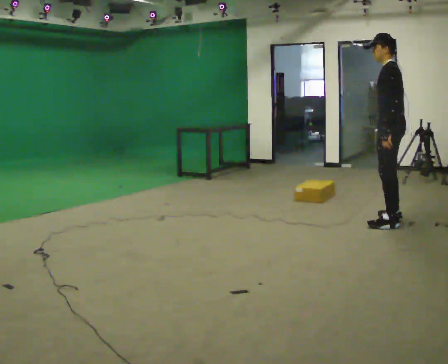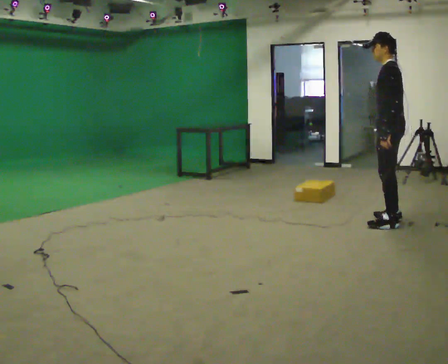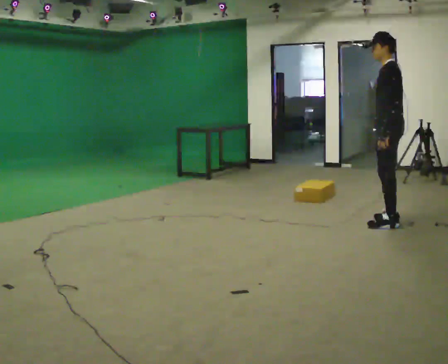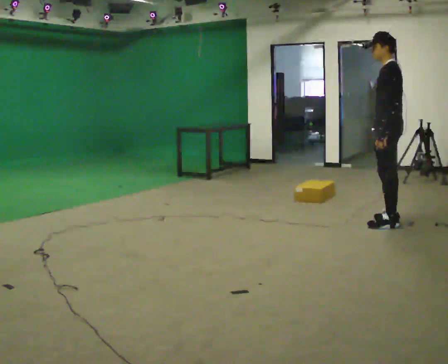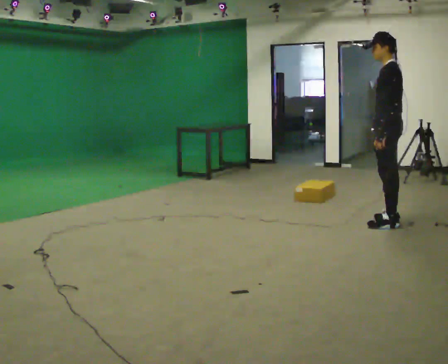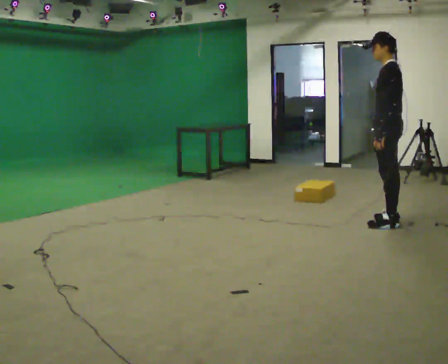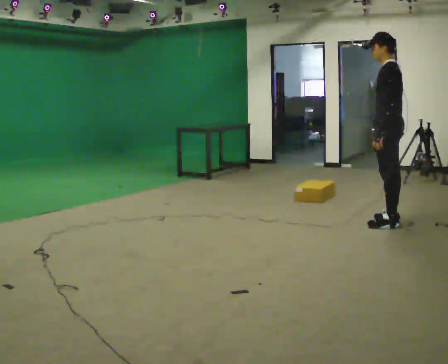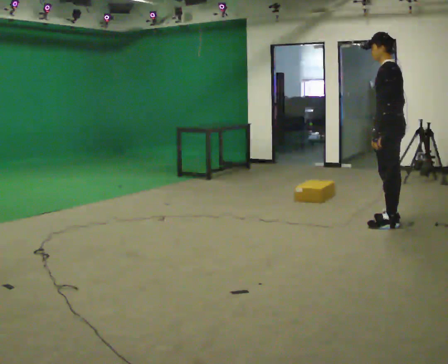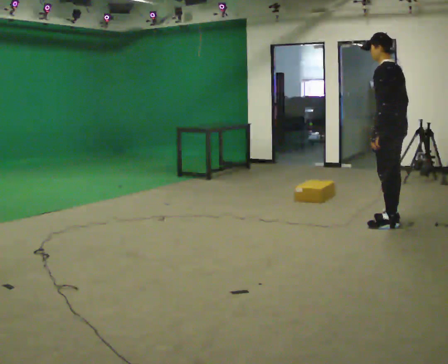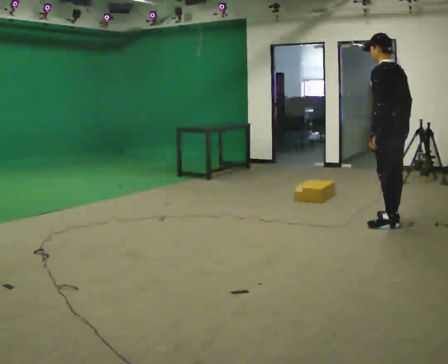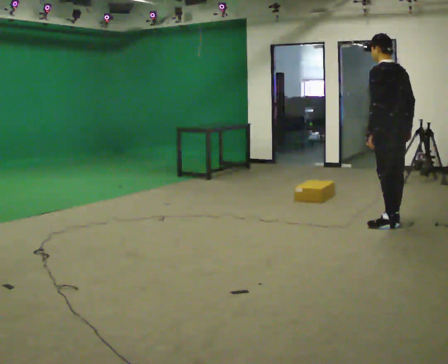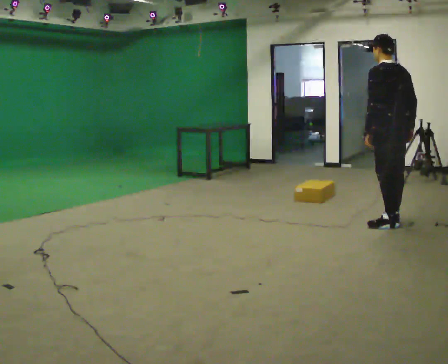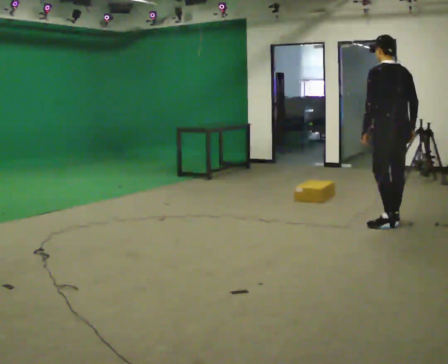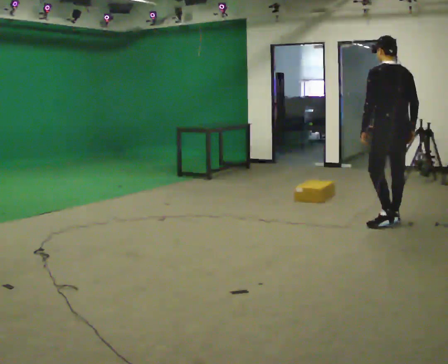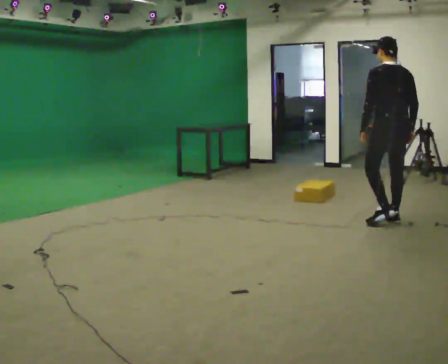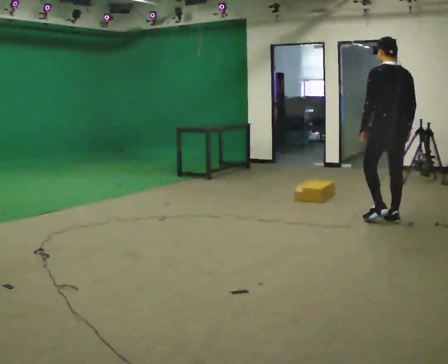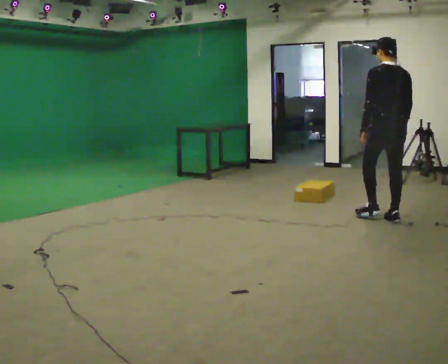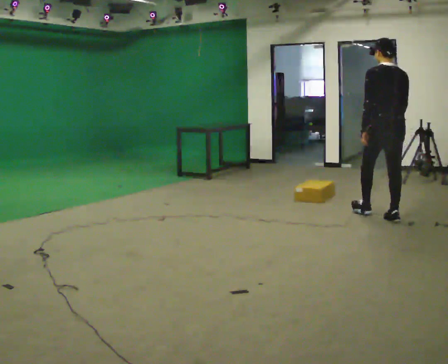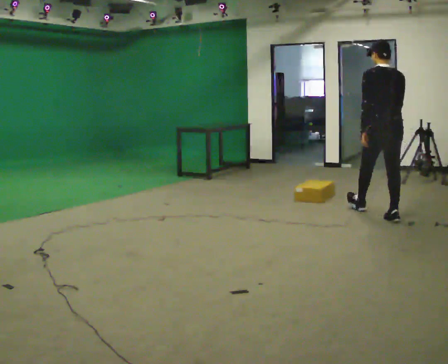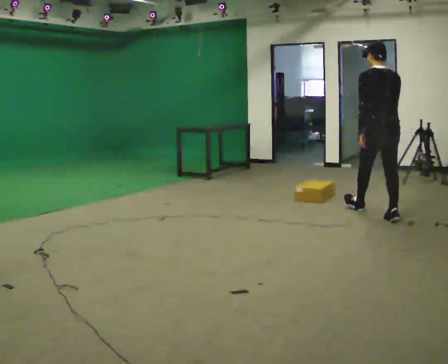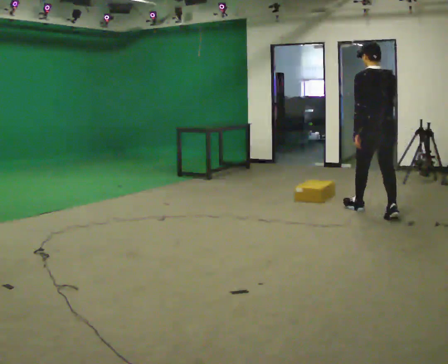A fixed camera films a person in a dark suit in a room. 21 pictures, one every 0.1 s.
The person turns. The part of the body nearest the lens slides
to the left.
The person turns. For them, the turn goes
to their right.
0.0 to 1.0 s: The person turns about 45 degrees to their right, clockwise seen from above, so the part of the body nearest the lens slides to the left.
1.0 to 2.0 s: In the picture they go away from the camera and to the left, about 0.5 m in 1 step, which for them is forward.
The film runs forward here.
